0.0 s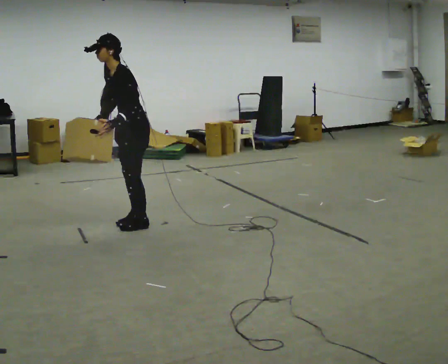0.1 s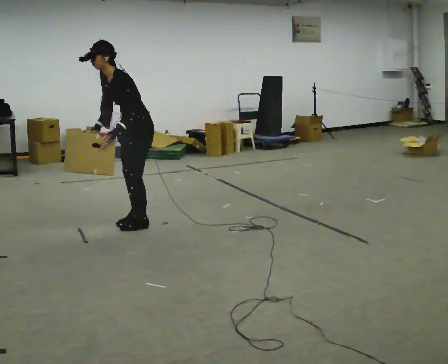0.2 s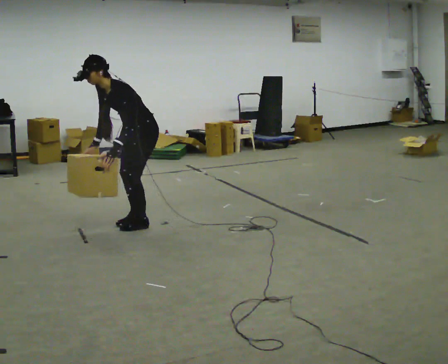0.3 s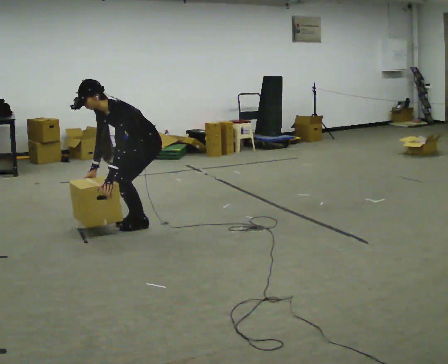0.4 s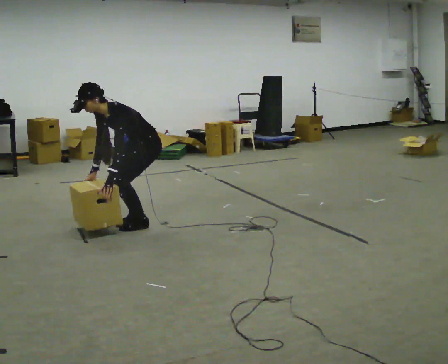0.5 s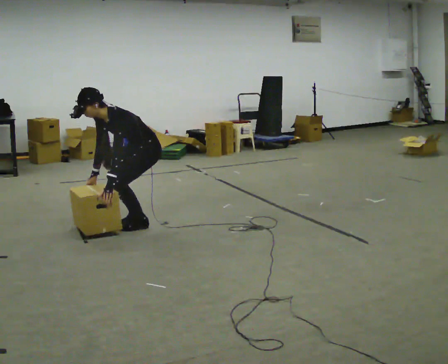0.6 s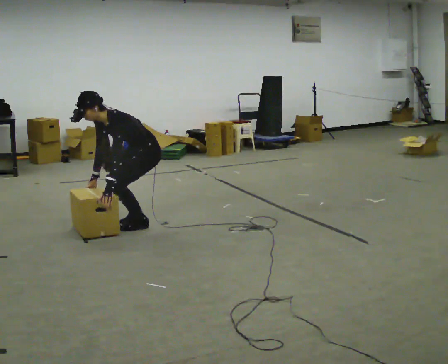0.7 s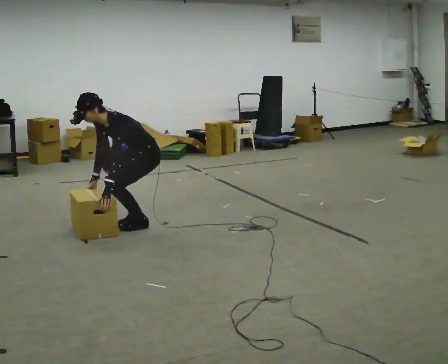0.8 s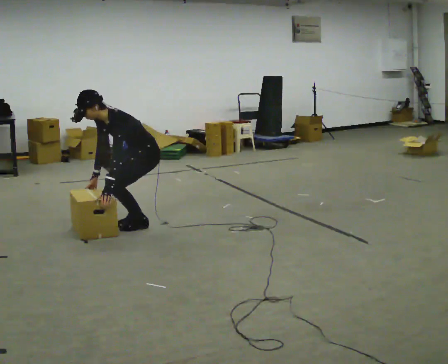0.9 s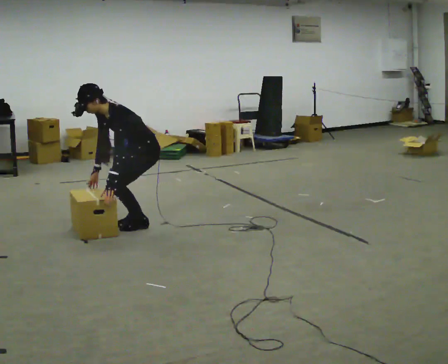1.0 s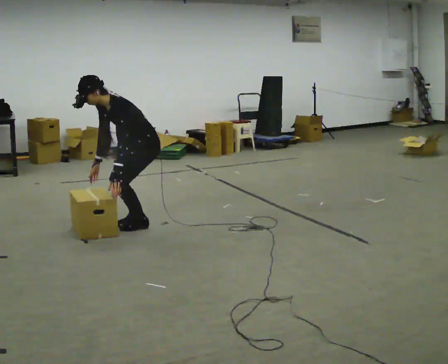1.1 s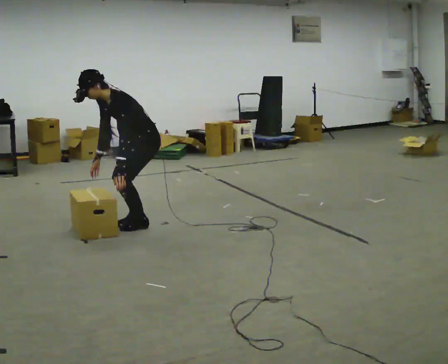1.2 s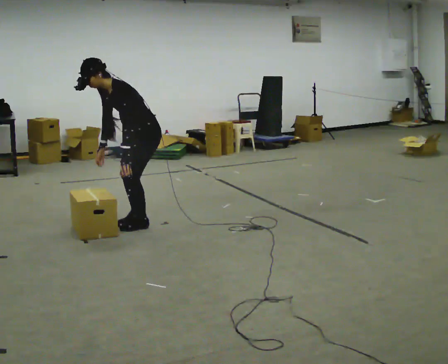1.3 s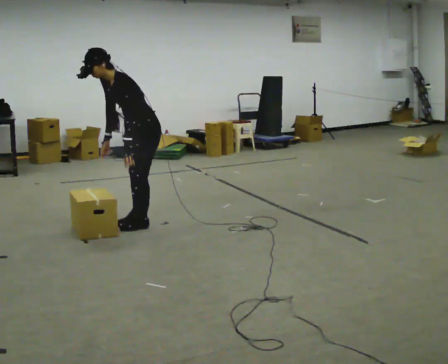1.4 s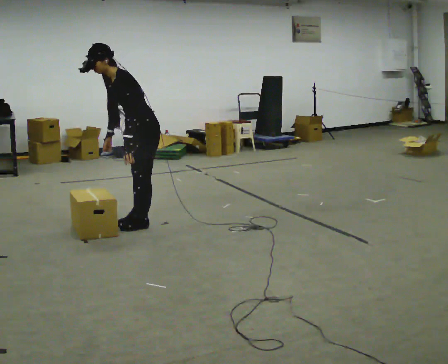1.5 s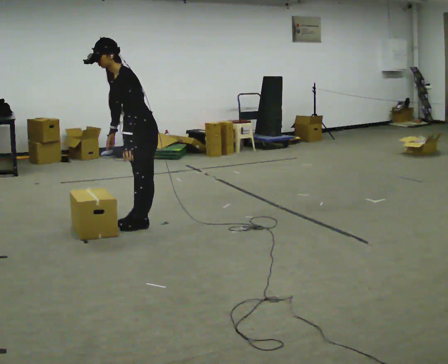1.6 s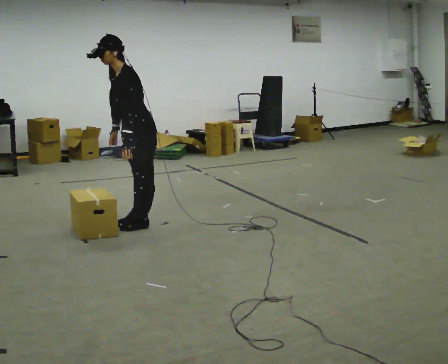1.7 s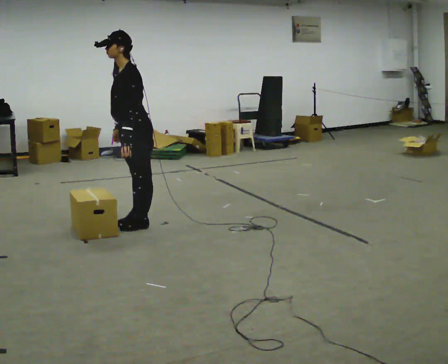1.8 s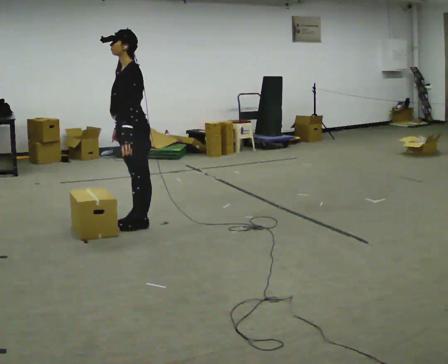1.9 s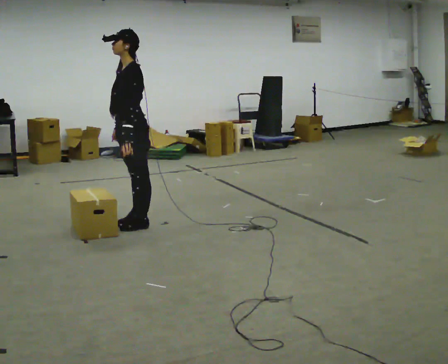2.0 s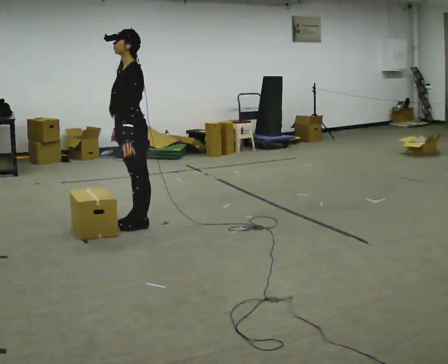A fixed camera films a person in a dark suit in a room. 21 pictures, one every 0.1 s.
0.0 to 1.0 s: In the picture their left hand goes downward.
1.0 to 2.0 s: The shoulders move upward. In the picture the upper body tilts clockwise, shoulders to the right, as they lean back or straighten.
The film runs backward here.
